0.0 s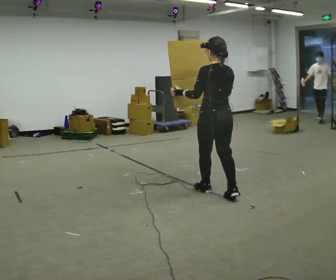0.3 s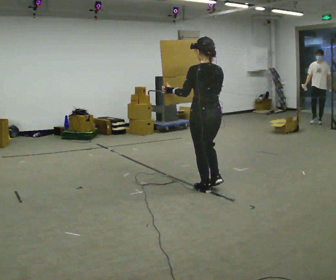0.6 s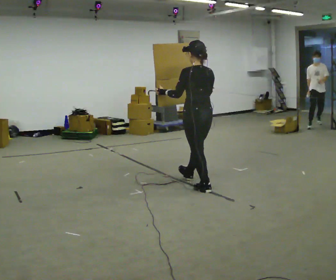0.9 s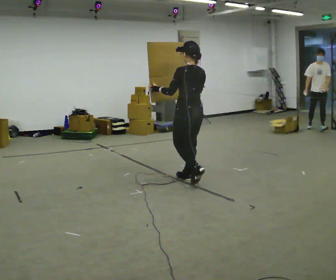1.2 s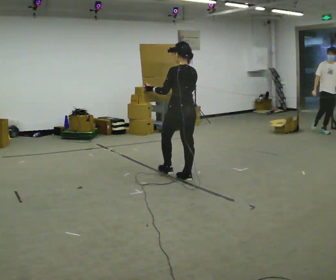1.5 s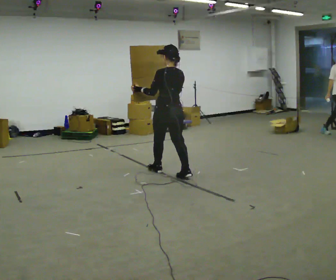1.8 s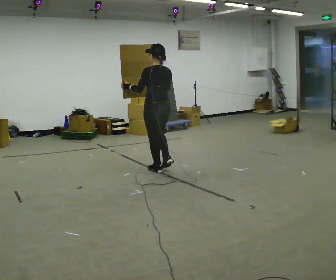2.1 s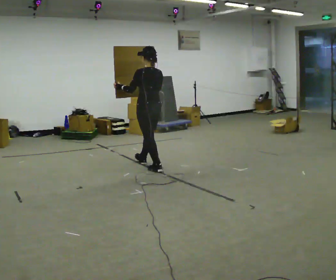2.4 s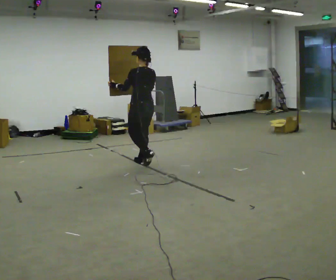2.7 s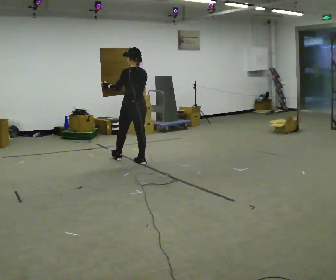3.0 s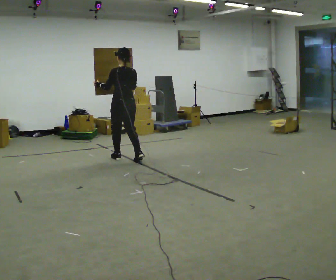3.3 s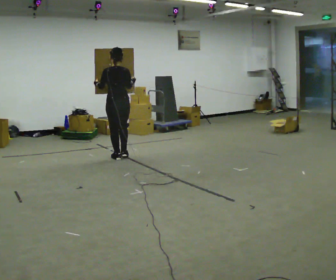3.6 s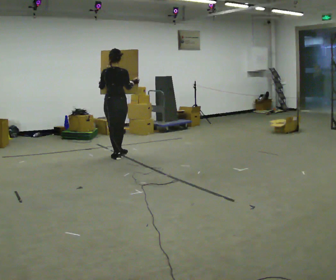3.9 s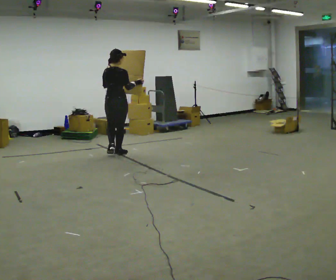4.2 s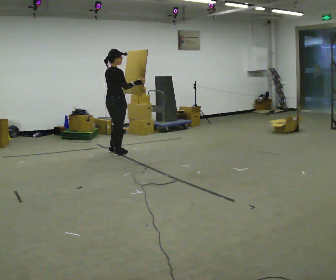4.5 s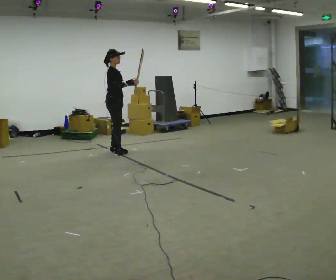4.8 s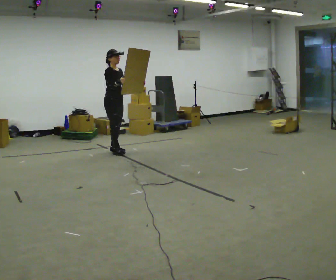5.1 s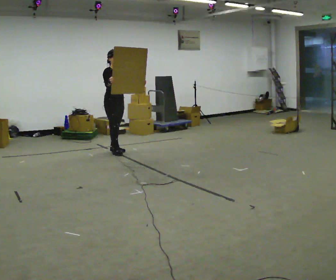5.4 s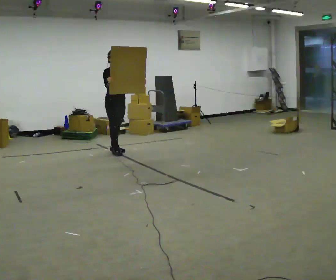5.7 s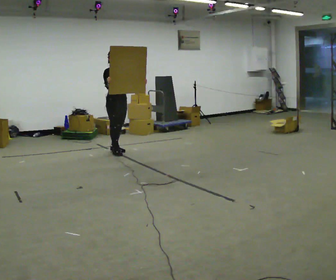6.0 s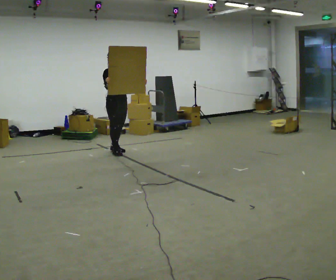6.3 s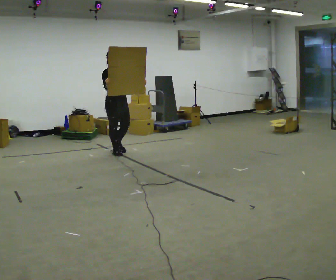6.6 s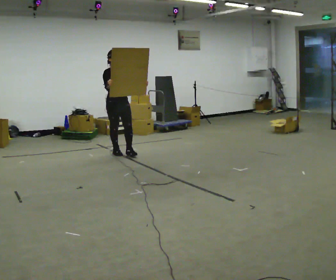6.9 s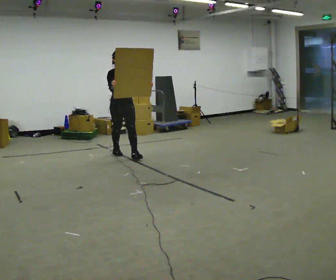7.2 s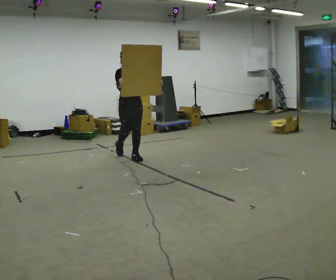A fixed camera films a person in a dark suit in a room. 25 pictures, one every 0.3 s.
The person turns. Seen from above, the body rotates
clockwise.
The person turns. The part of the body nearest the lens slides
to the left.
0.0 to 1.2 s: In the picture they go away from the camera and to the left, about 0.5 m in 1 step, which for them is forward.
1.2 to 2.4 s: In the picture they go away from the camera and to the left, about 1 m in 2 steps, which for them is forward.
2.4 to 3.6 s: The part of the body nearest the lens slides to the left as the person turns to their right by about 30 degrees. In the picture they go away from the camera and to the left, about 0.5 m in 2 steps, which for them is forward and to their left.
3.6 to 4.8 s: Seen from above the body turns clockwise, about 120 degrees: to their right, with its near side sliding to the left. In the picture they go away from the camera, about 0.25 m in 1 step.
4.8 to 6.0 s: The person moves a little, or ends about where they began.
6.0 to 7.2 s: In the picture they go toward the camera and to the right, about 0.5 m in 1 step, which for them is forward.
The film runs forward here.
